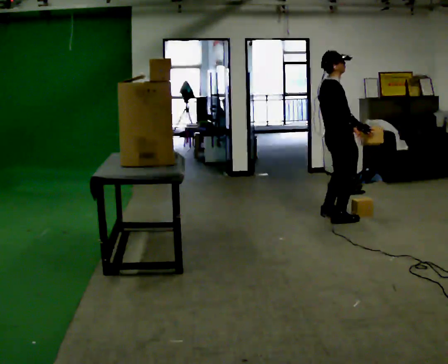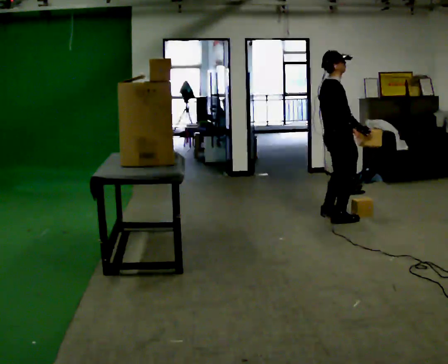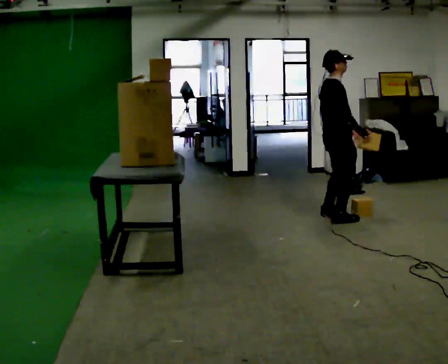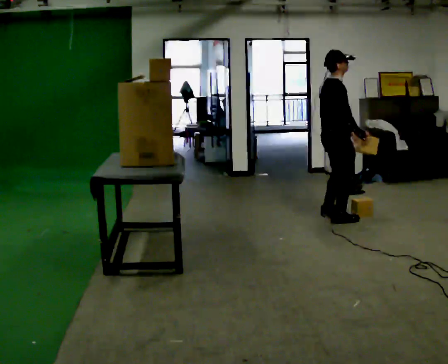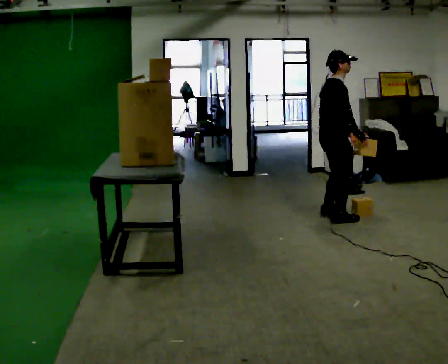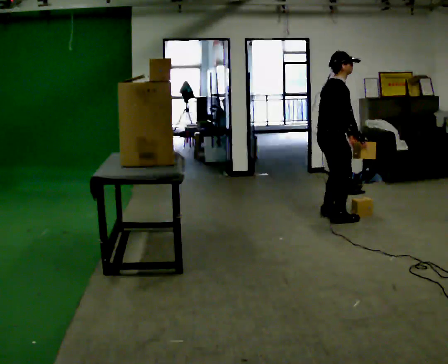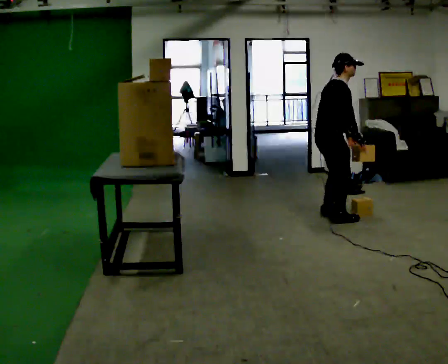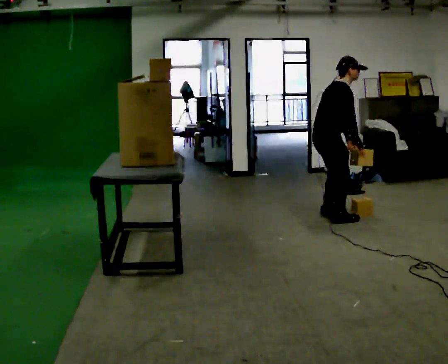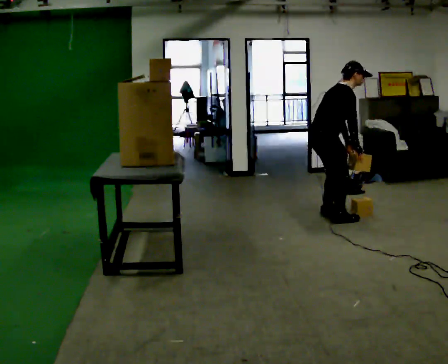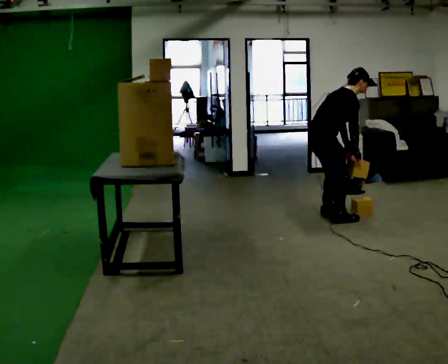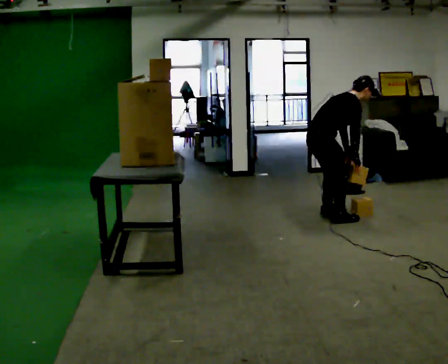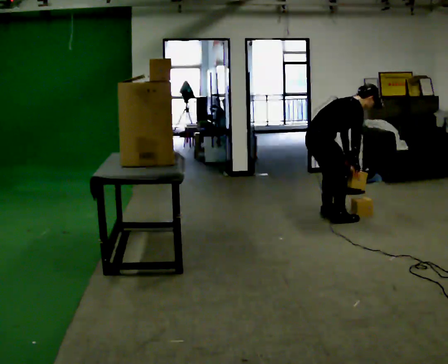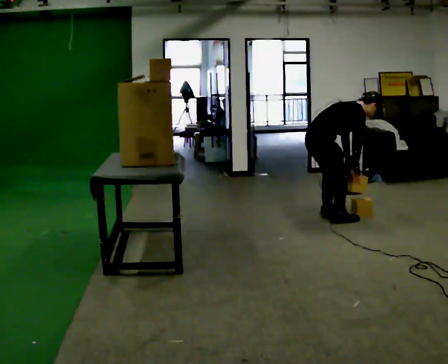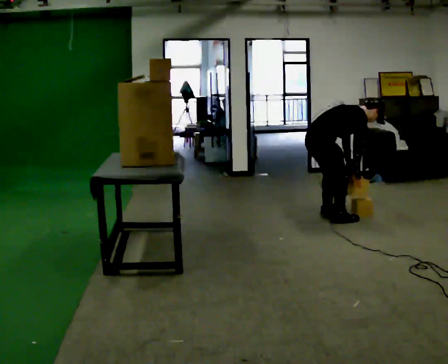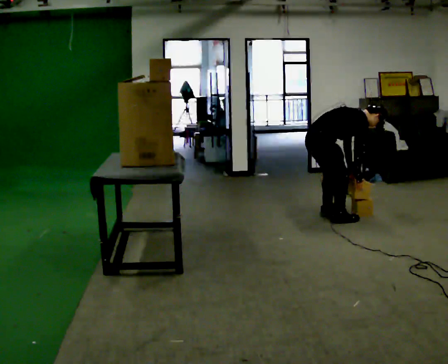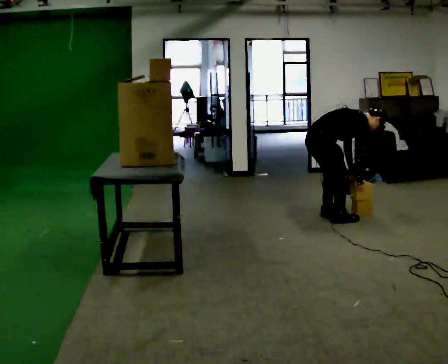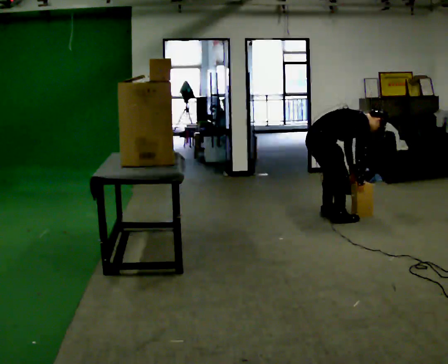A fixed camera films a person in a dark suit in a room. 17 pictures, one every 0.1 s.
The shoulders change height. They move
downward.
Their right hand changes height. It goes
downward.
0.0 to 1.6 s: In the picture they go to the left, about 0.25 m, which for them is backward. The upper body goes downward. In the picture the upper body tilts clockwise, shoulders to the right, as they bend forward. In the picture their right hand goes downward.
The film runs backward here.
